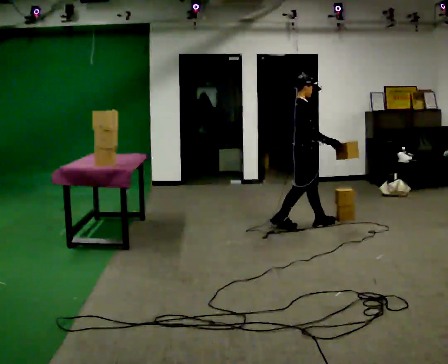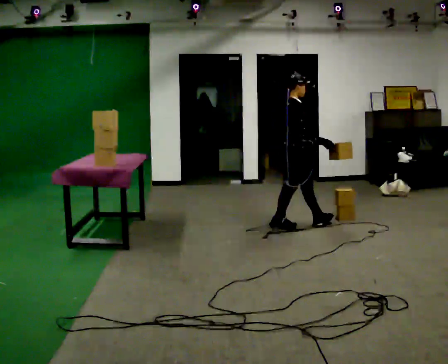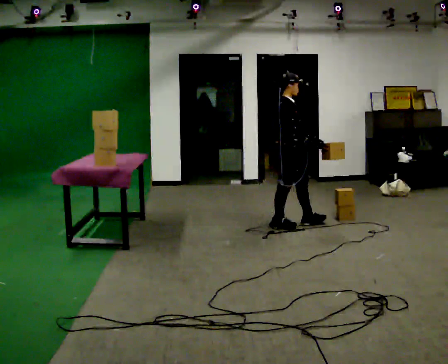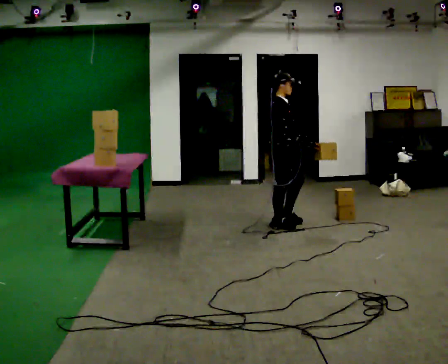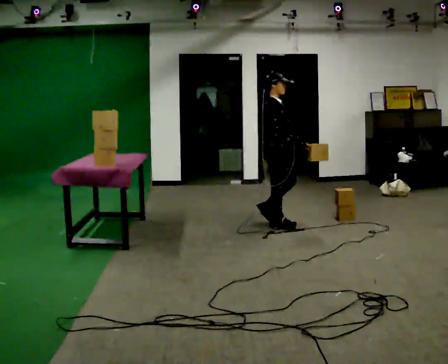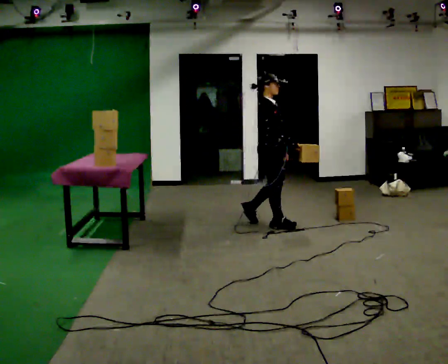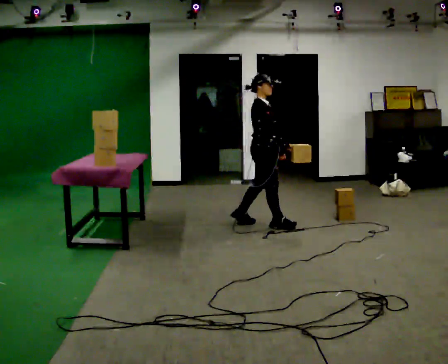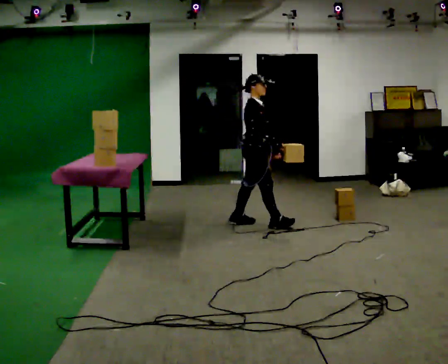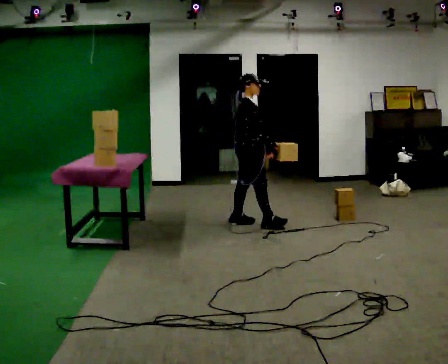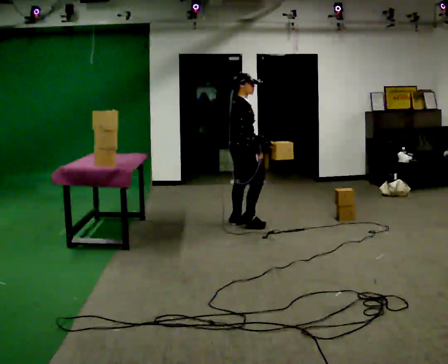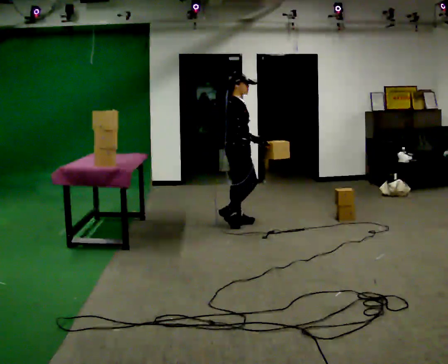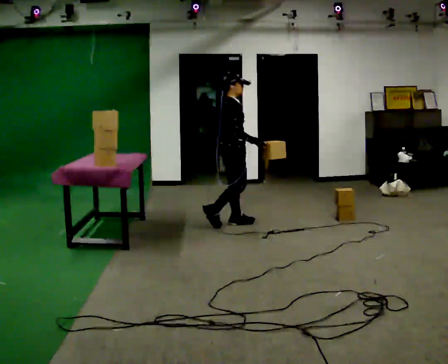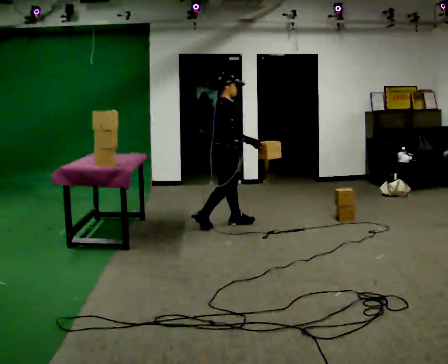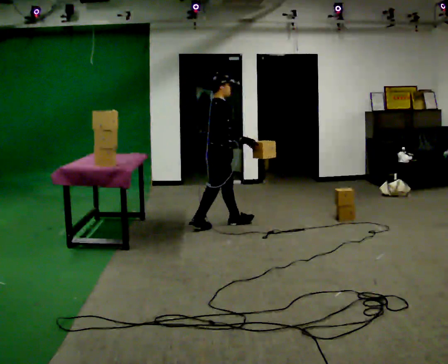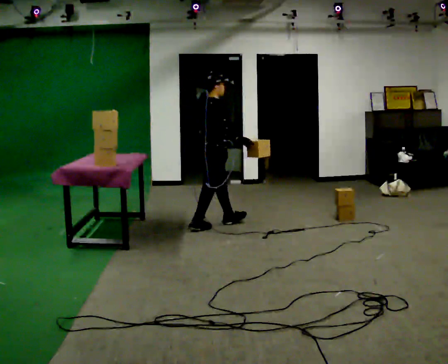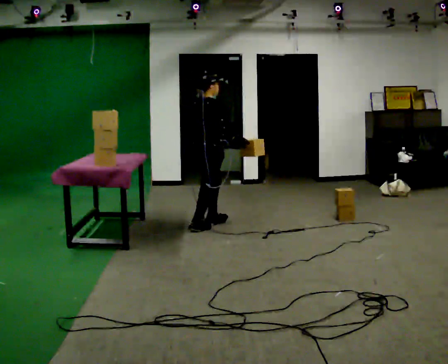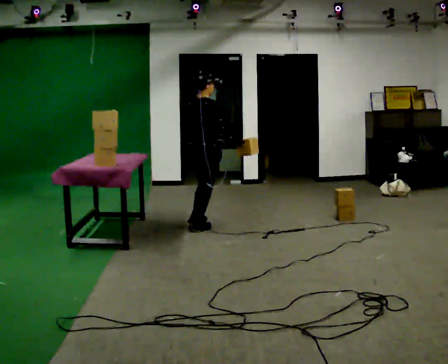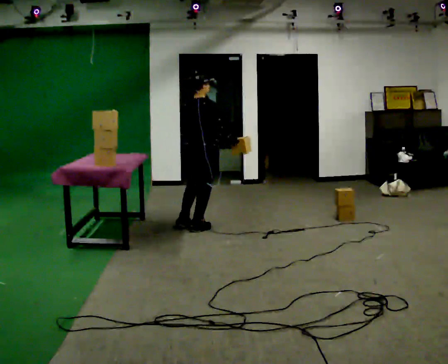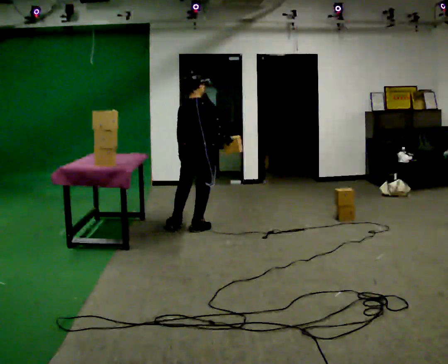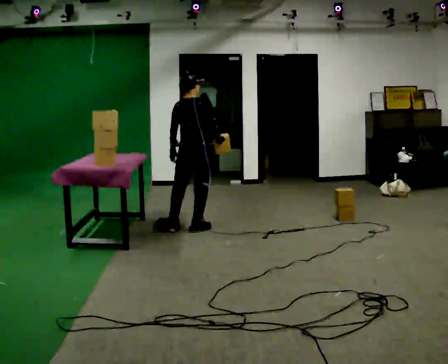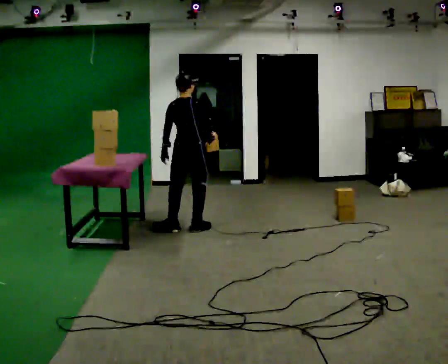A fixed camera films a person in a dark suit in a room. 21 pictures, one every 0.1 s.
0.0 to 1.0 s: In the picture they go to the left, about 0.75 m in 2 steps, which for them is backward.
1.0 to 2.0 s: The part of the body nearest the lens slides to the right as the person turns to their left by about 90 degrees. In the picture they go to the left and toward the camera, about 0.5 m in 1 step.
The film runs backward here.
